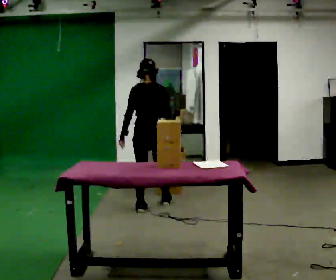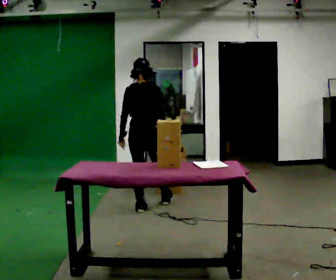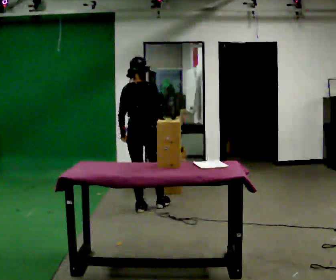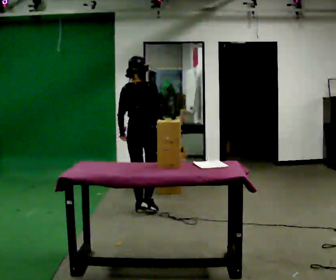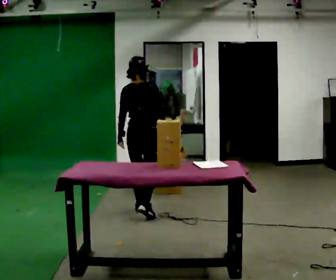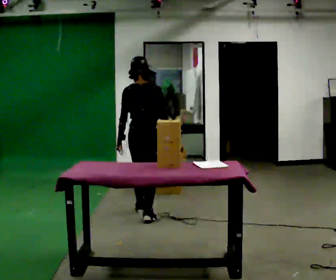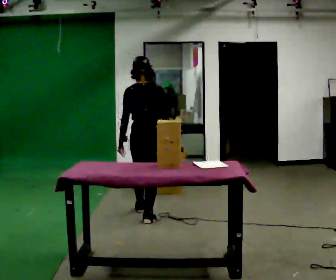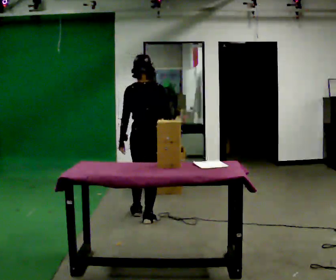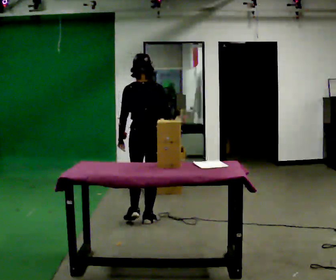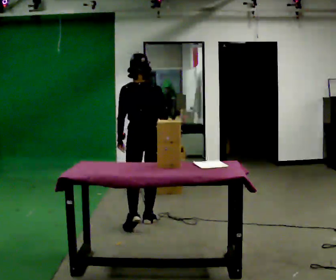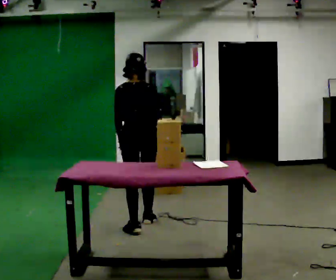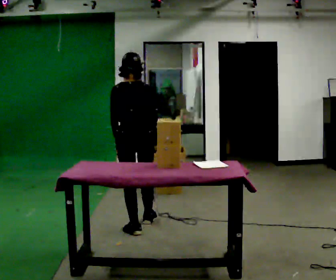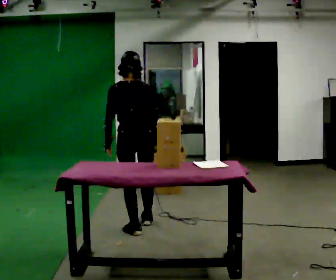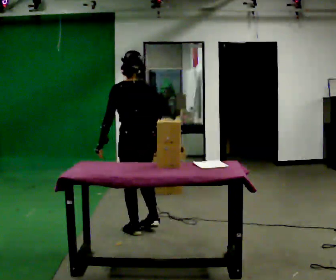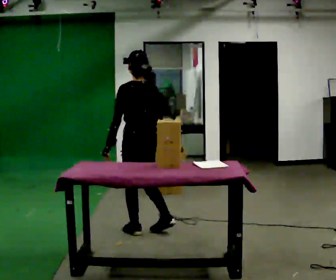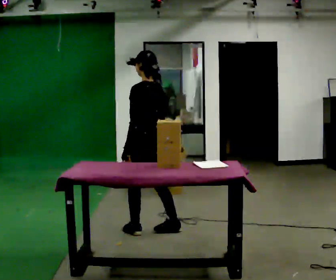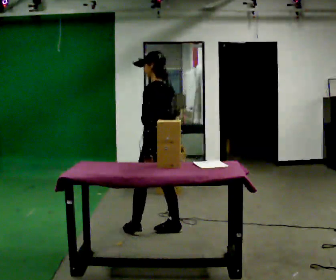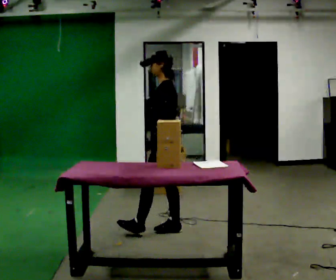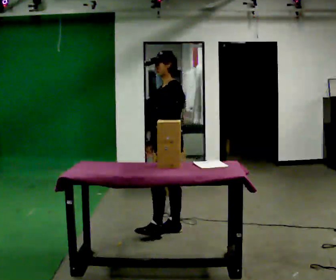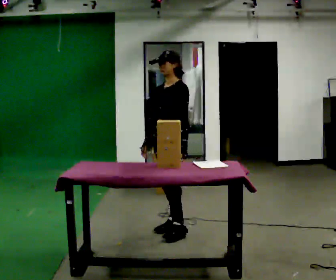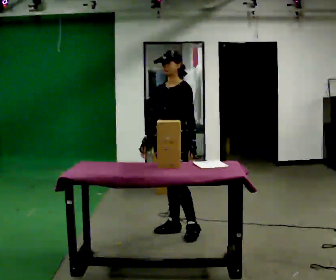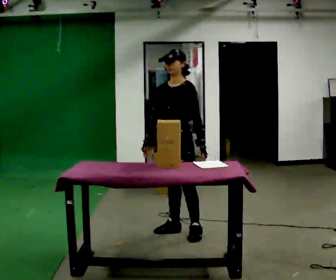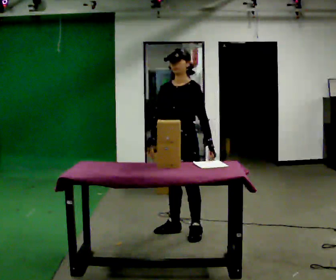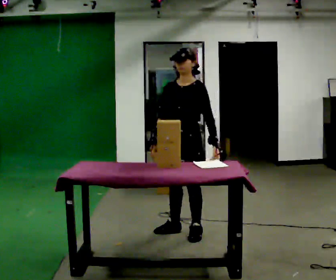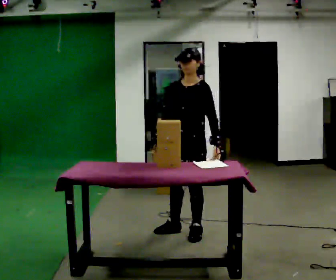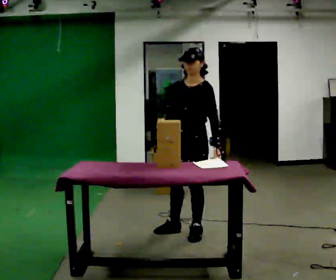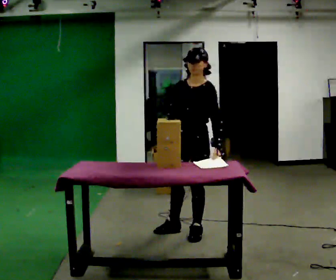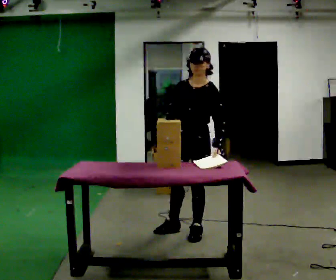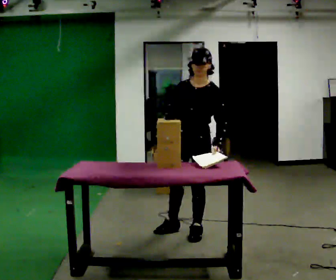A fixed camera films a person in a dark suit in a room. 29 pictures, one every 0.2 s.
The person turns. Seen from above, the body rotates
counterclockwise.
The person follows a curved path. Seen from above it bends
counterclockwise.
0.0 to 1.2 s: In the picture they go toward the camera, about 0.5 m in 1 step, which for them is backward.
1.2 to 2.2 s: In the picture they go toward the camera, about 0.5 m in 1 step, which for them is backward.
2.2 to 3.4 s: The part of the body nearest the lens slides to the right as the person turns to their left by about 75 degrees. In the picture they go to the right, about 0.25 m in 2 steps.
3.4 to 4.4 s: The person turns about 60 degrees to their left, counterclockwise seen from above, so the part of the body nearest the lens slides to the right.
4.4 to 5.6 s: The person moves a little, or ends about where they began.
The film runs backward here.
